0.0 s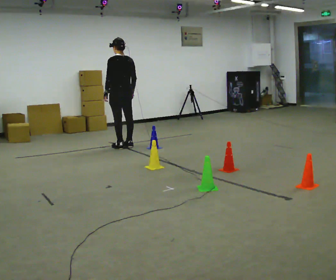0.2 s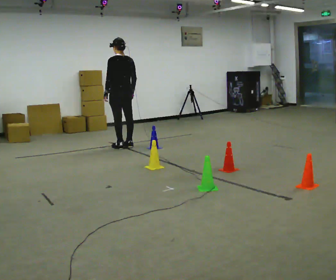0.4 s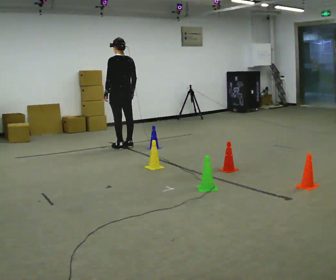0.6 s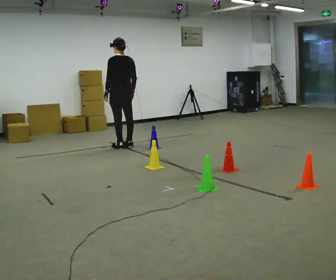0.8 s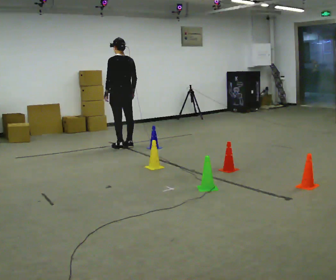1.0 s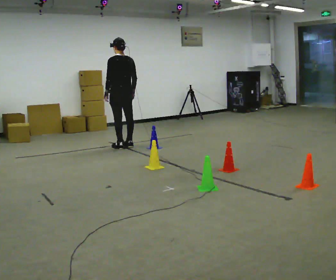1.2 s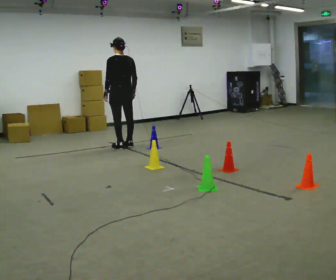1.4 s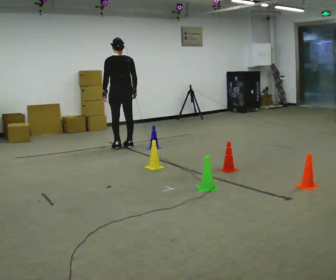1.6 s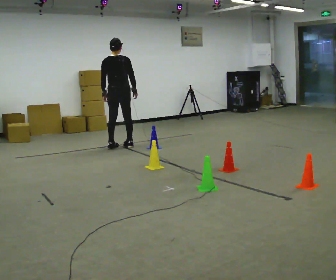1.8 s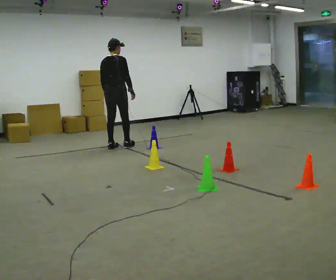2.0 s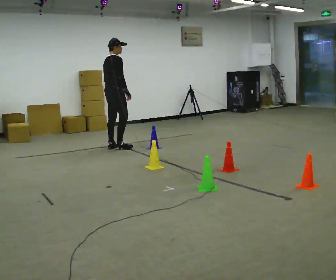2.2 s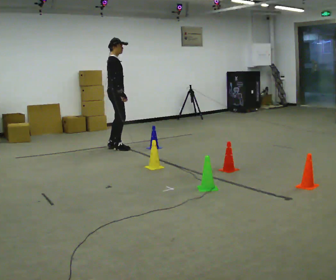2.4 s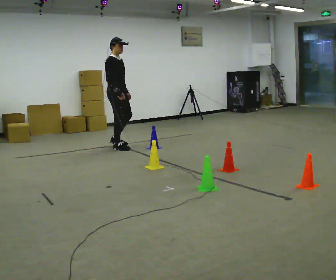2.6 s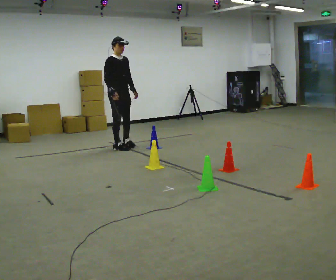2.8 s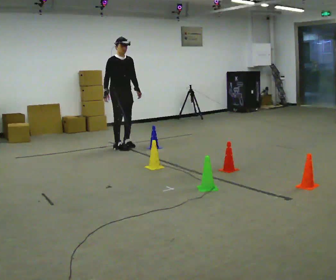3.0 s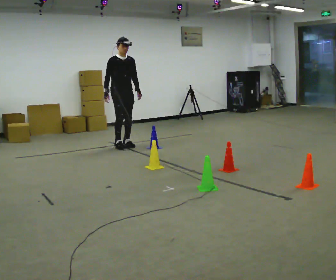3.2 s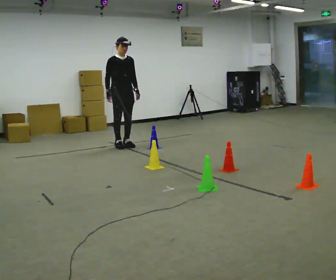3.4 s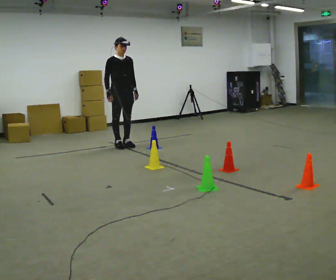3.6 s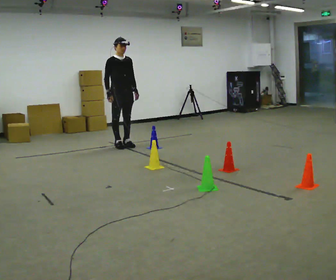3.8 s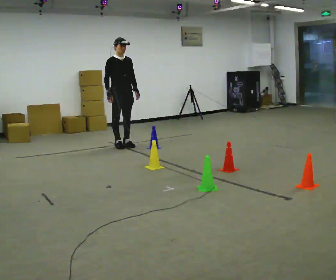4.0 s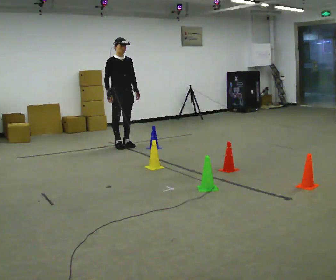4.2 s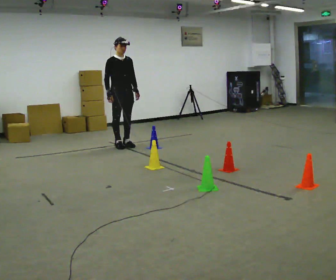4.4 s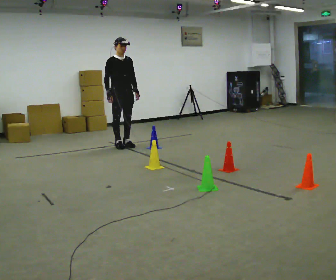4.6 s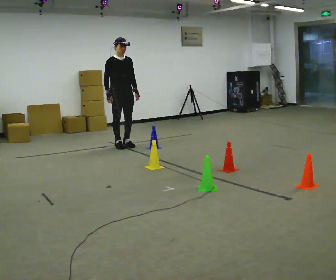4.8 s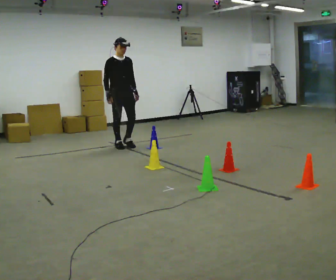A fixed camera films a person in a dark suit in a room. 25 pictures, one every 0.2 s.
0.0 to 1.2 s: The person moves a little, or ends about where they began.
1.2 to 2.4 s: Seen from above the body turns clockwise, about 135 degrees: to their right, with its near side sliding to the left. In the picture their left hand goes to the right, the arm swinging counterclockwise.
2.4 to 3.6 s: The person turns about 30 degrees to their right, clockwise seen from above, so the part of the body nearest the lens slides to the left.
3.6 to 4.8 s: The person moves a little, or ends about where they began.
The film runs forward here.
